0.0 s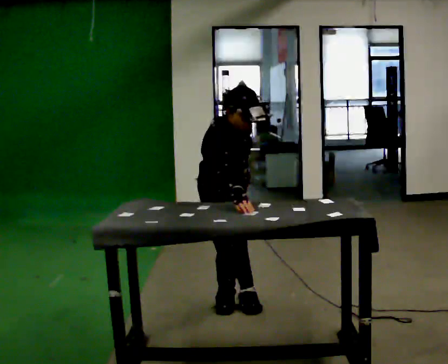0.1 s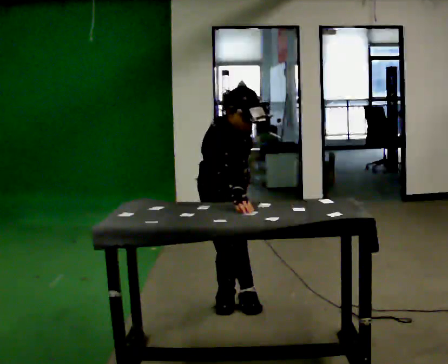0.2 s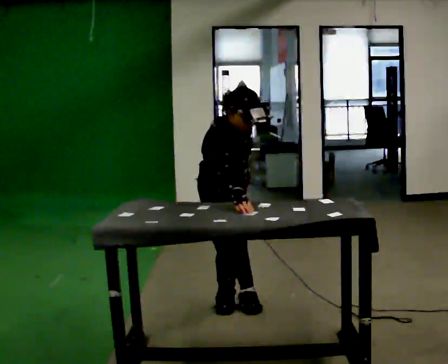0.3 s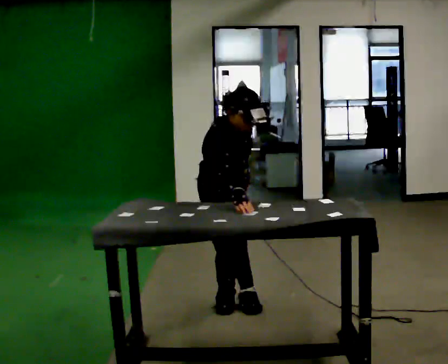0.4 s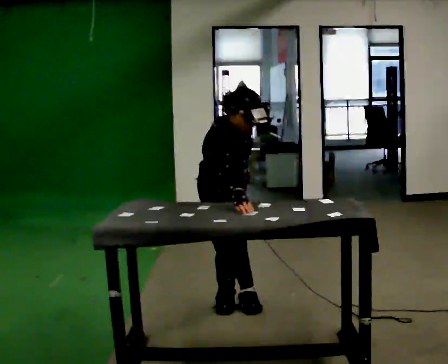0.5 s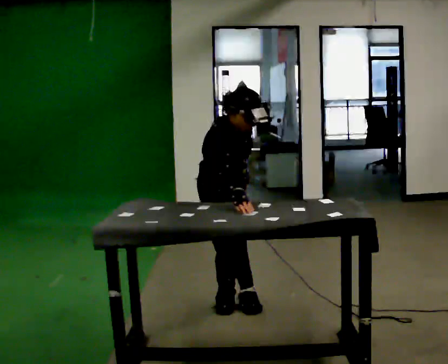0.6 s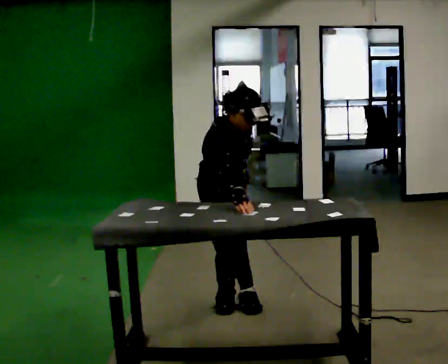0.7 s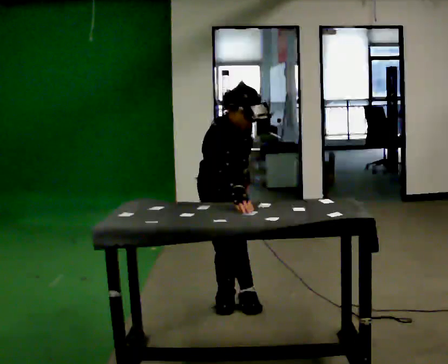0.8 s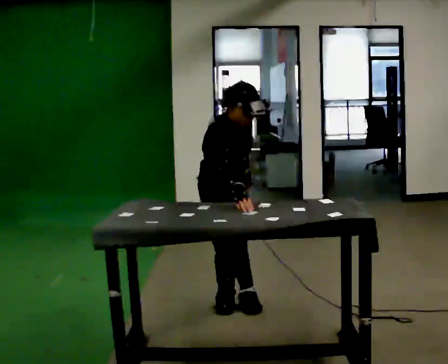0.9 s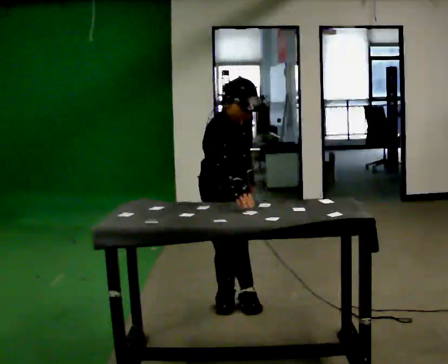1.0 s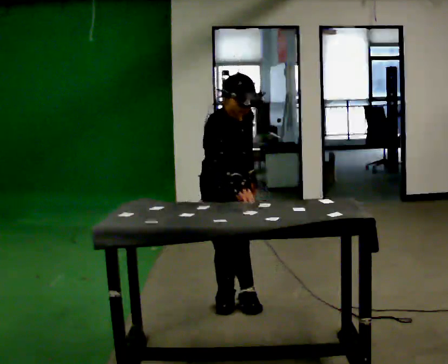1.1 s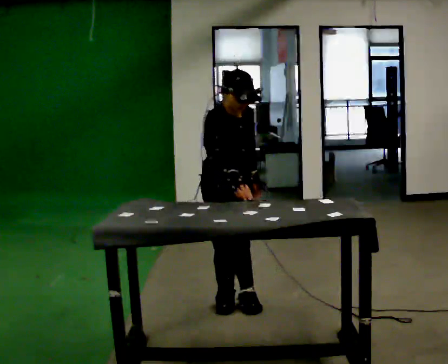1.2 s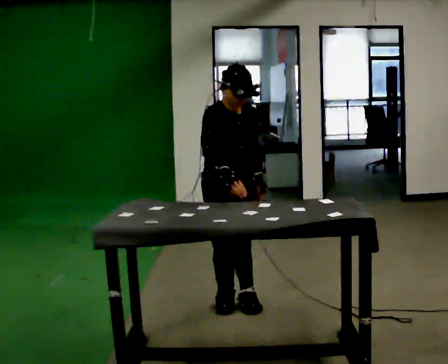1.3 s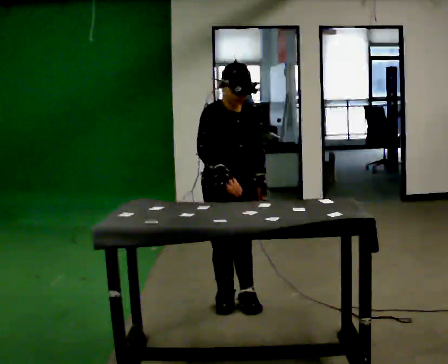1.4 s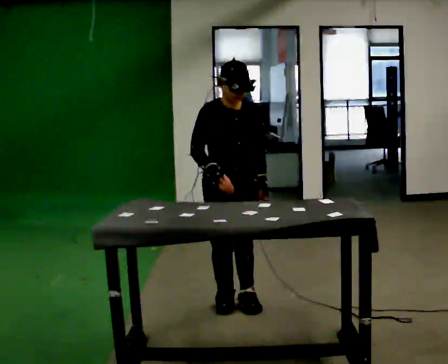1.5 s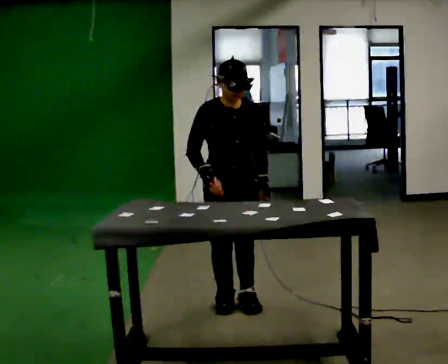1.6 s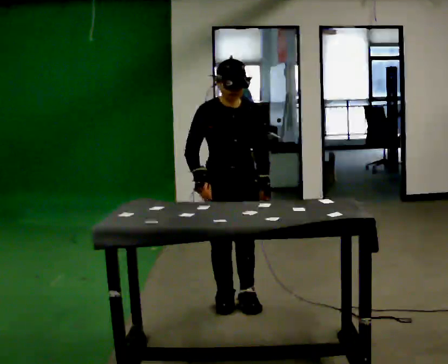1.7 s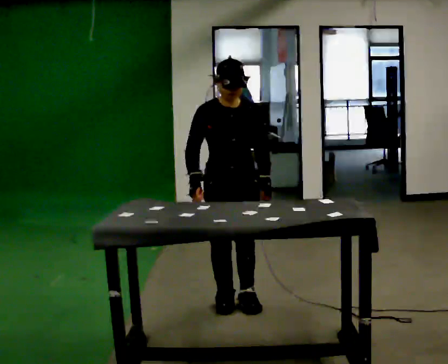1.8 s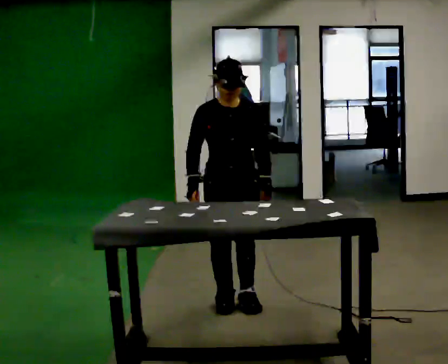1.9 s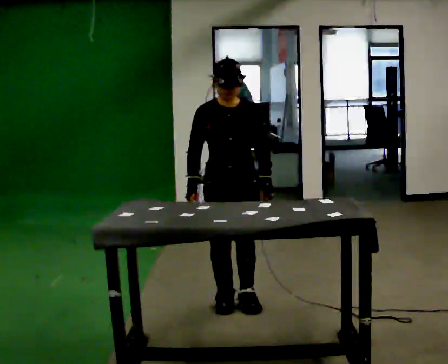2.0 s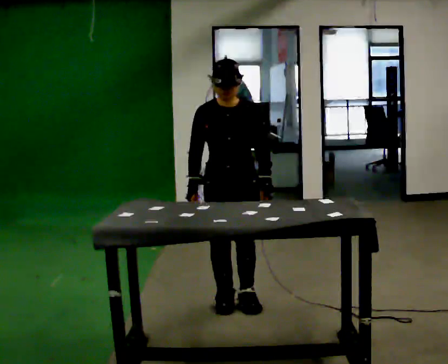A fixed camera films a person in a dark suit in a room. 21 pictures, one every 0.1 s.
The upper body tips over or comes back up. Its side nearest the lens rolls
upward.
0.0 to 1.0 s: The person moves a little, or ends about where they began.
1.0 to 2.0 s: Seen from above the body turns clockwise, about 45 degrees: to their right, with its near side sliding to the left. The upper body tips away from the camera, its near side rolling upward, as they lean back or straighten.
The film runs backward here.
